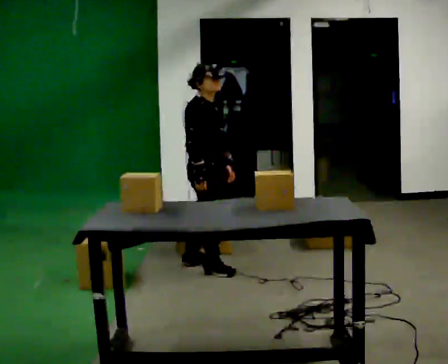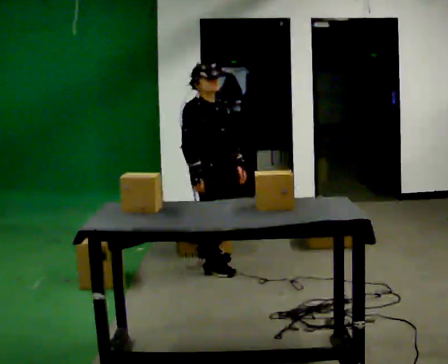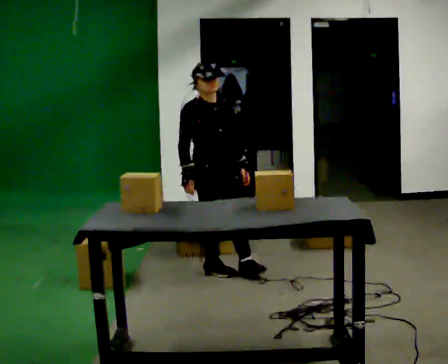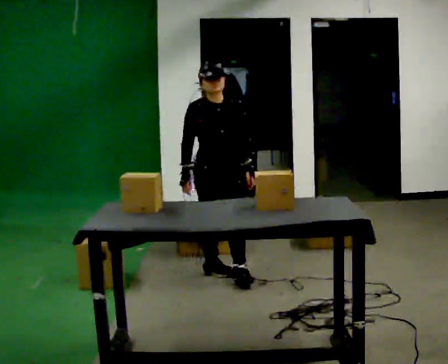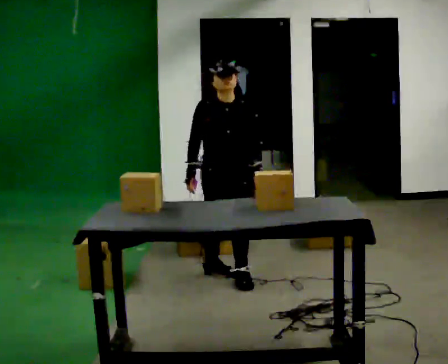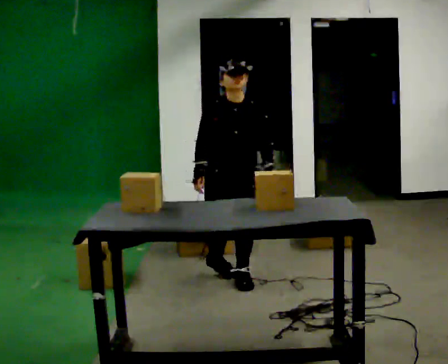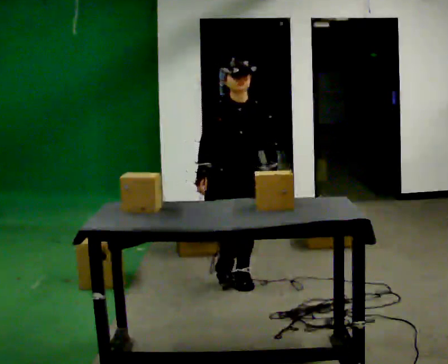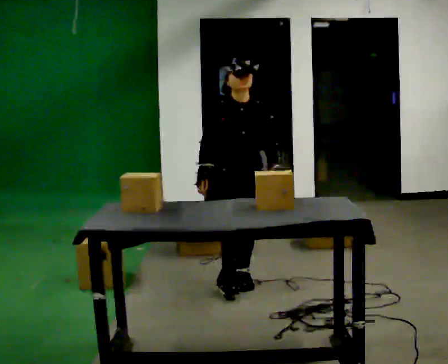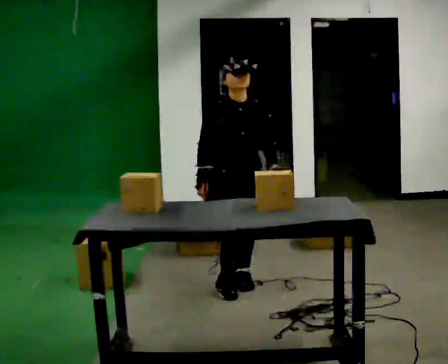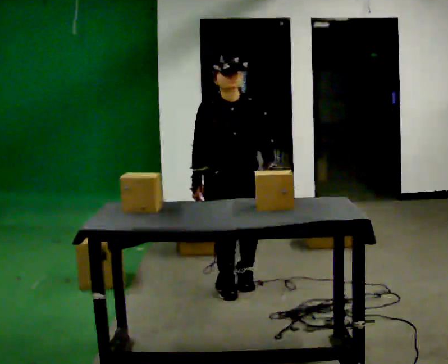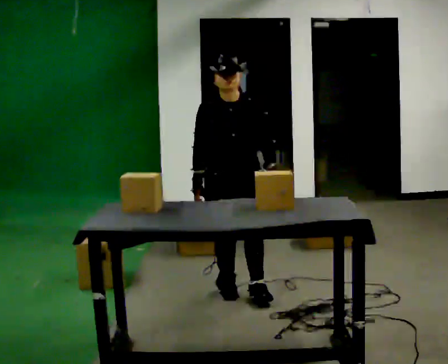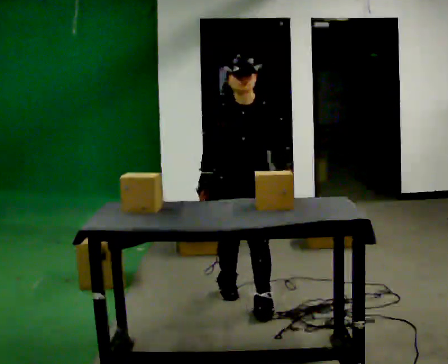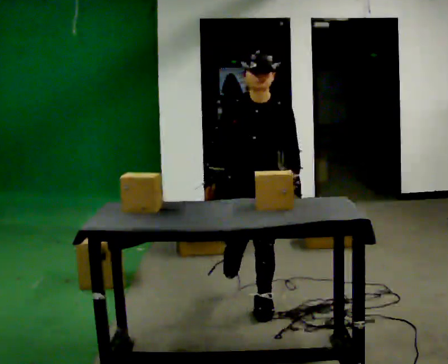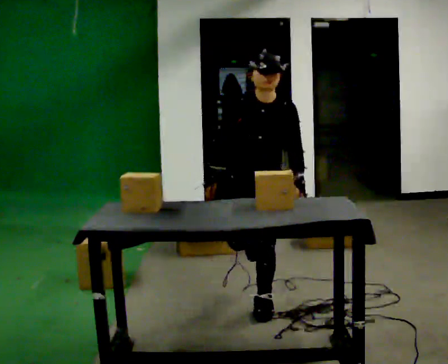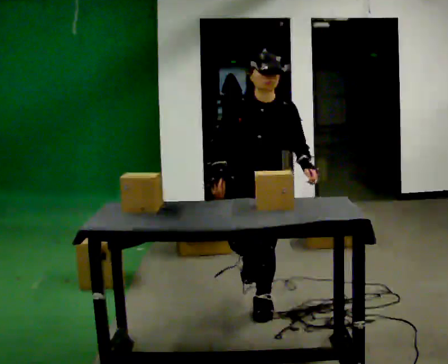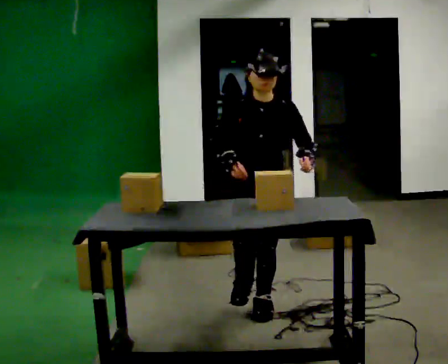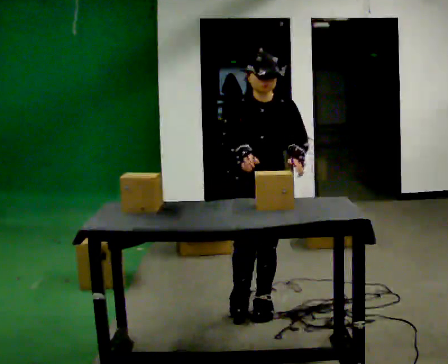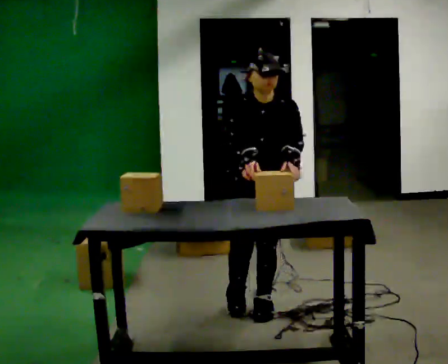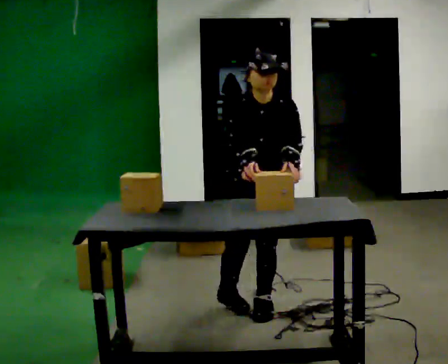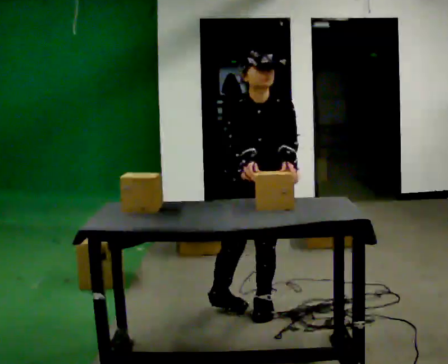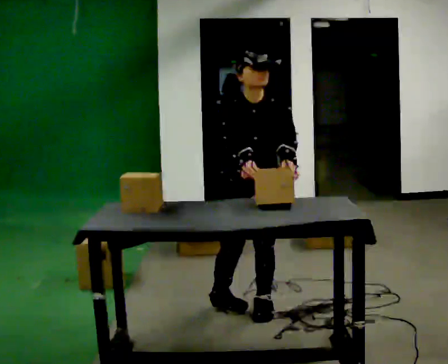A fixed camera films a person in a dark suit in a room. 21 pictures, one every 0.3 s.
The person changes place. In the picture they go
toward the camera.
0.0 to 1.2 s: The person turns about 60 degrees to their right, clockwise seen from above, so the part of the body nearest the lens slides to the left. In the picture they go toward the camera and to the right, about 0.25 m in 1 step.
1.2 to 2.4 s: In the picture they go toward the camera, about 0.25 m in 1 step, which for them is forward.
2.4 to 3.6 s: In the picture they go toward the camera, about 0.25 m in 1 step, which for them is forward.
3.6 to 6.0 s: The person moves a little, or ends about where they began.
The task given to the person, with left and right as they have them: Take each object from the table and put it in the bin that matches it, walking between the bins. Keep going until the operator says stop; one object at a time, and do not rush between trips.
The film runs forward here.
